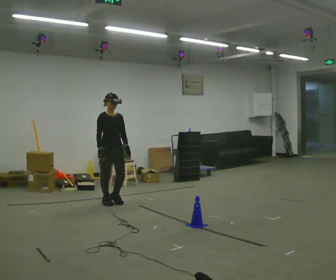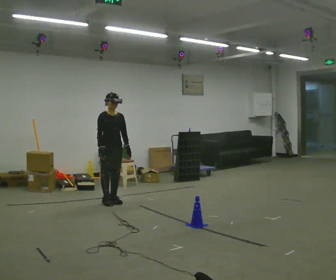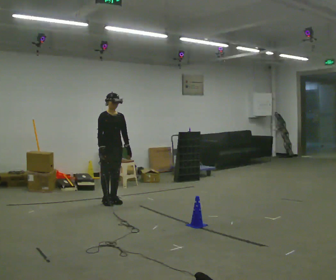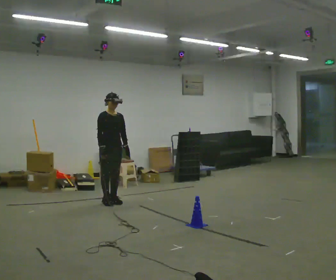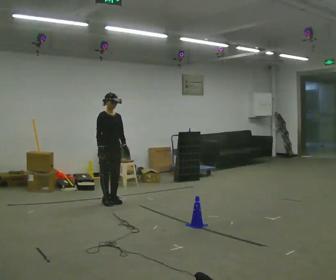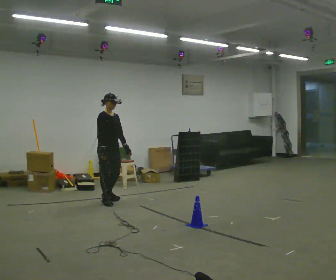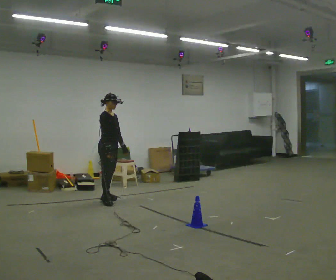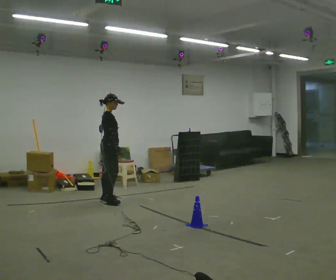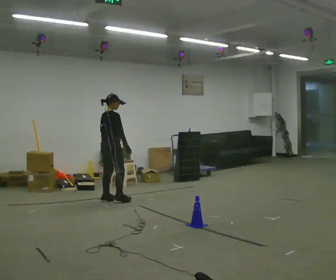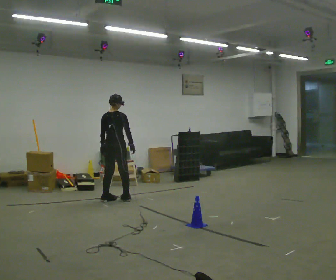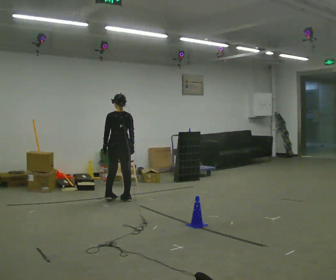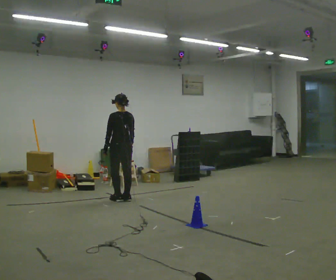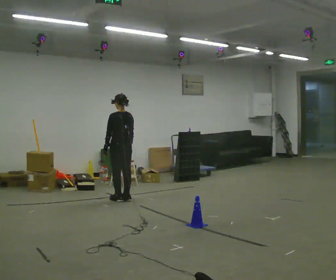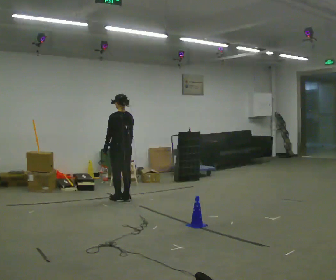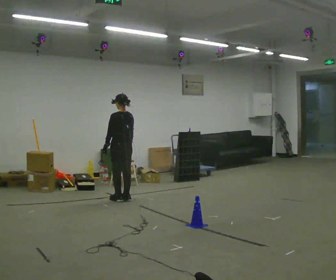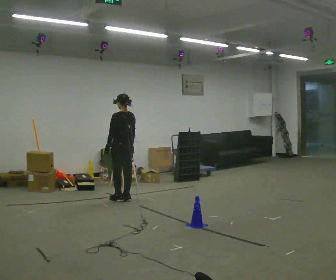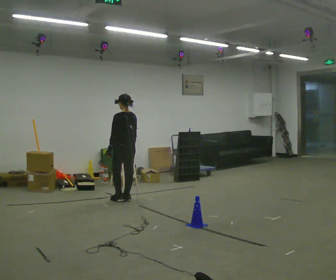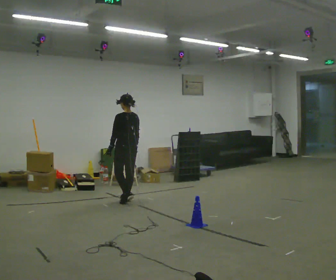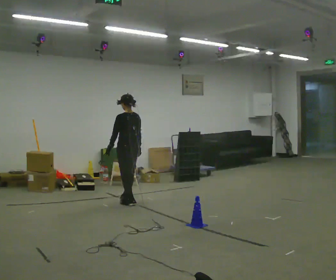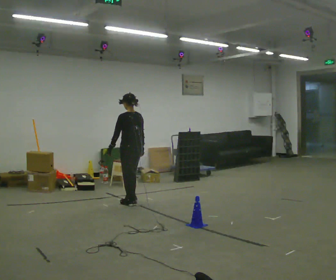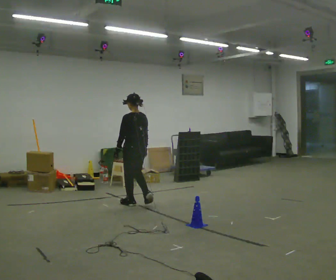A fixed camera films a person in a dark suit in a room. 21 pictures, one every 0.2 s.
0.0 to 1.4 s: The part of the body nearest the lens slides to the right as the person turns to their left by about 60 degrees. In the picture they go away from the camera, about 0.25 m.
1.4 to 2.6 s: The person turns about 120 degrees to their left, counterclockwise seen from above, so the part of the body nearest the lens slides to the right. In the picture they go to the right, about 0.25 m in 2 steps.
2.6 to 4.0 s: In the picture they go toward the camera and to the right, about 0.5 m in 2 steps, which for them is backward.
The film runs backward here.
